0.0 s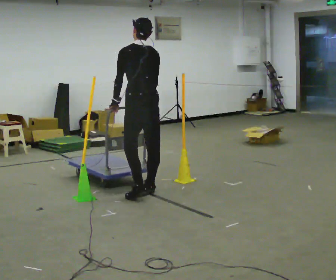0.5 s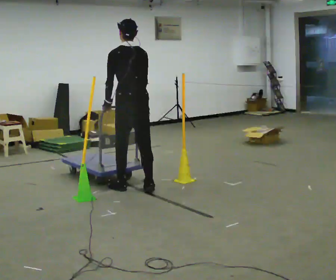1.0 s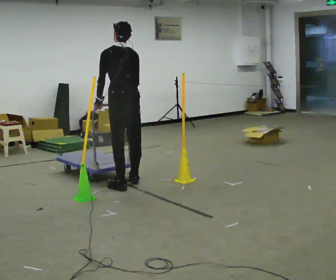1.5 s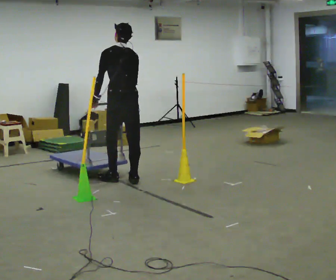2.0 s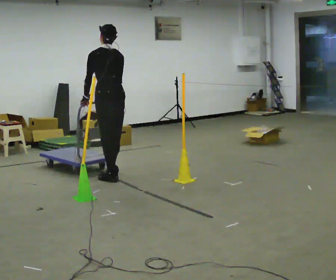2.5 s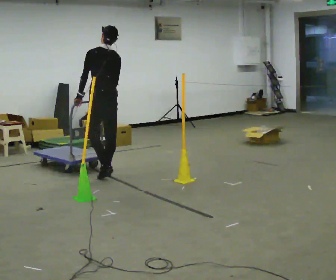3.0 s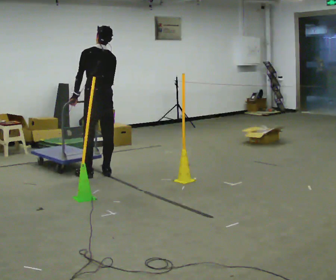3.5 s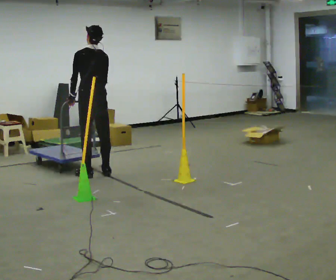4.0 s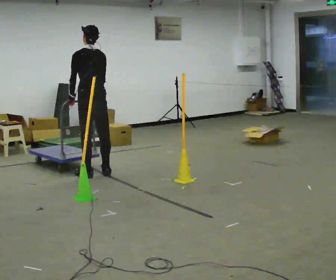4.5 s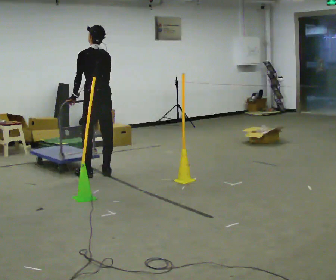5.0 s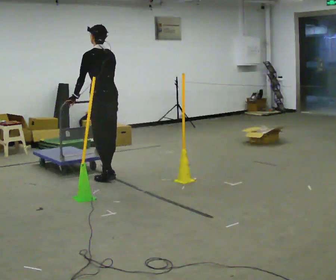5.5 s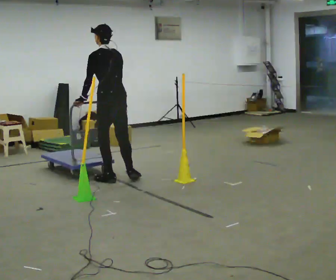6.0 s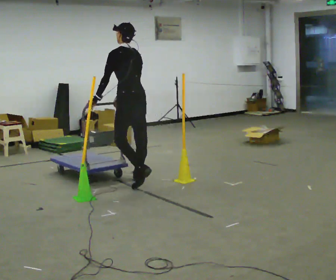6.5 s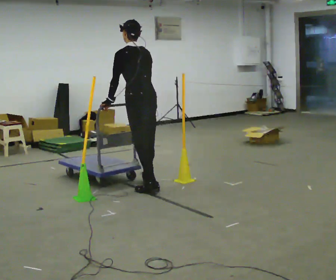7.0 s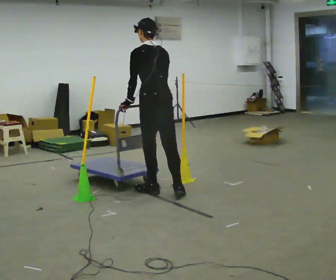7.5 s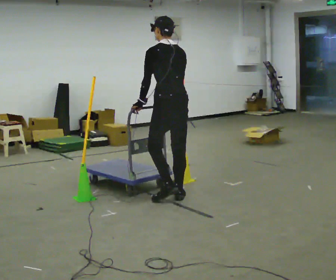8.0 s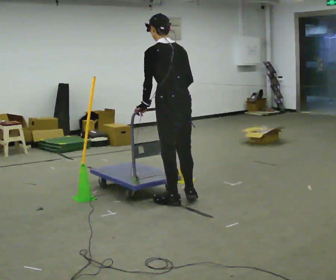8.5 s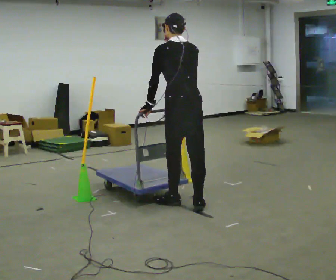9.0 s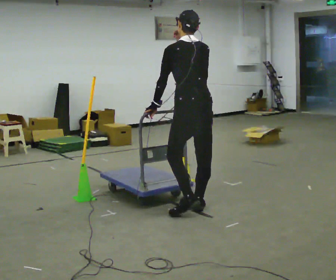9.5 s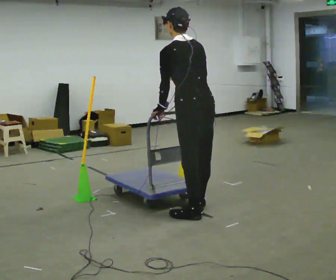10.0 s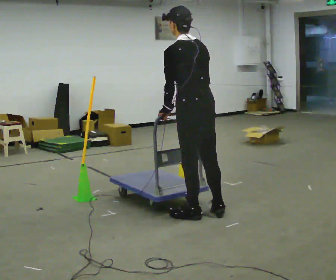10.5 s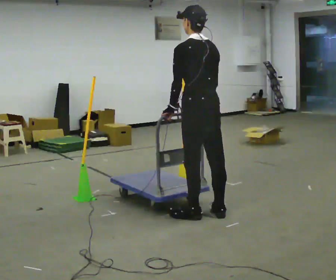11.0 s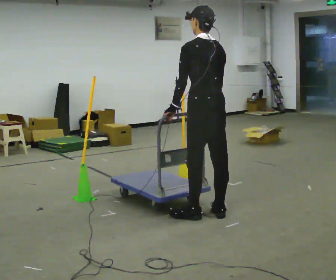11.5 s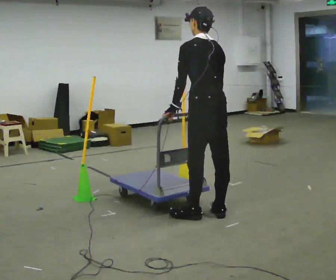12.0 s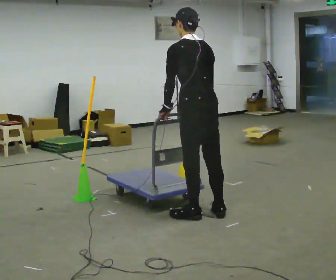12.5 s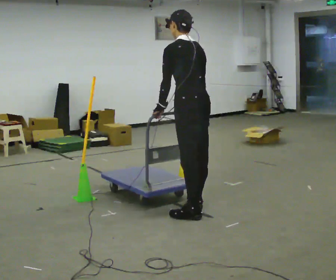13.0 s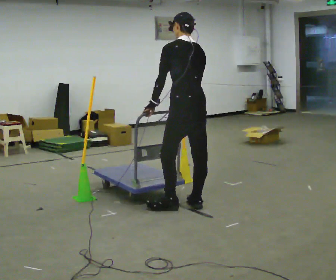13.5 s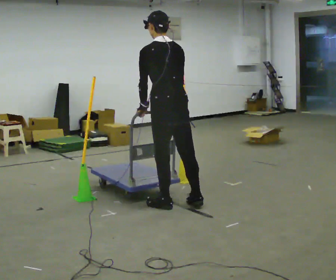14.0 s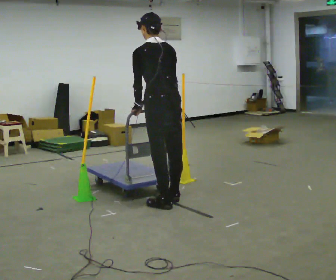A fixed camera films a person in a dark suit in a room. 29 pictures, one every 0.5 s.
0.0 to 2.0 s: In the picture they go away from the camera and to the left, about 0.75 m in 3 steps, which for them is forward.
2.0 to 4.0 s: In the picture they go away from the camera and to the left, about 0.25 m in 1 step, which for them is forward.
4.0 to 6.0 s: In the picture they go to the right and toward the camera, about 0.75 m in 3 steps, which for them is backward.
6.0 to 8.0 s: In the picture they go toward the camera and to the right, about 1 m in 3 steps, which for them is backward.
8.0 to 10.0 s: In the picture they go toward the camera and to the right, about 0.5 m in 2 steps, which for them is backward.
10.0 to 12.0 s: The person moves a little, or ends about where they began.
12.0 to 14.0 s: In the picture they go to the left and away from the camera, about 0.5 m in 3 steps, which for them is forward.
The film runs backward here.
